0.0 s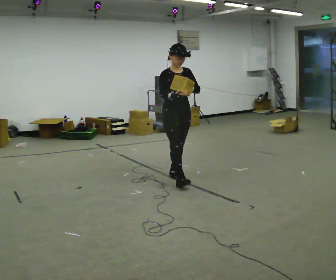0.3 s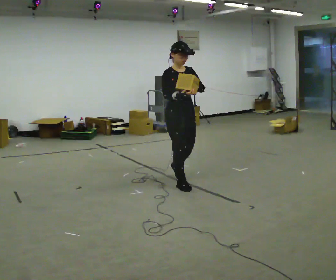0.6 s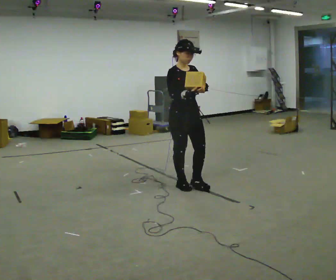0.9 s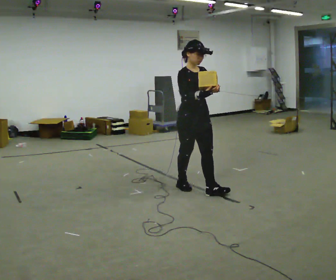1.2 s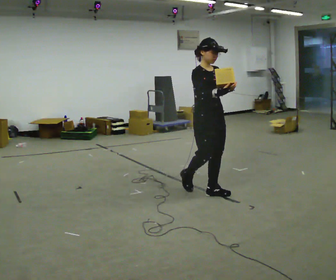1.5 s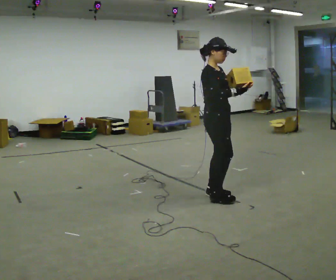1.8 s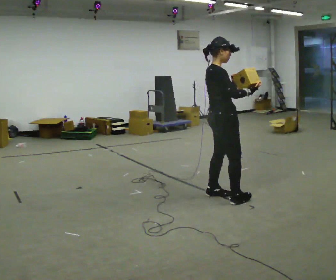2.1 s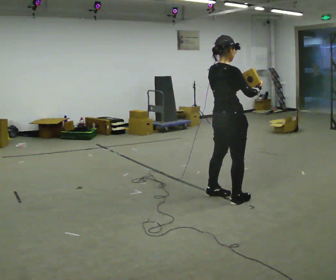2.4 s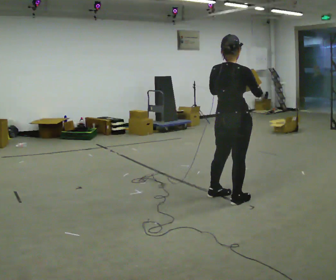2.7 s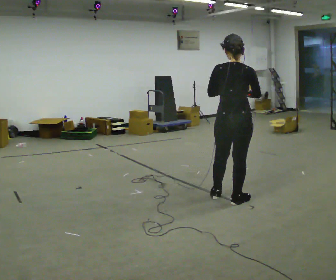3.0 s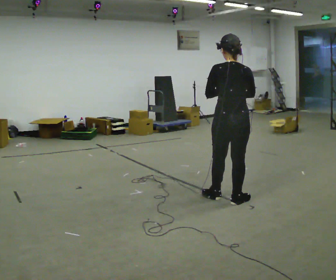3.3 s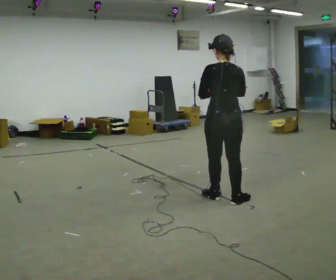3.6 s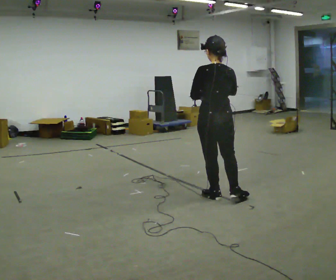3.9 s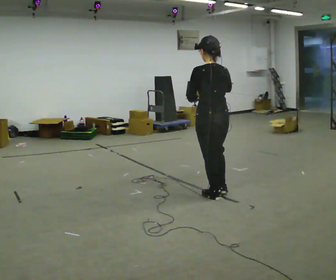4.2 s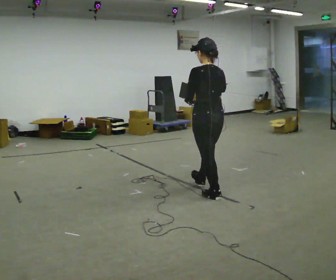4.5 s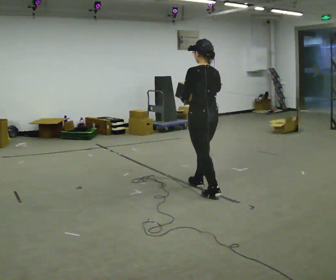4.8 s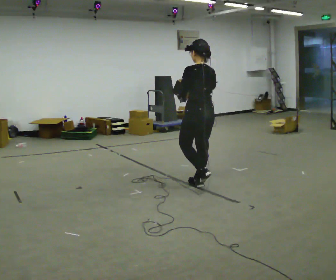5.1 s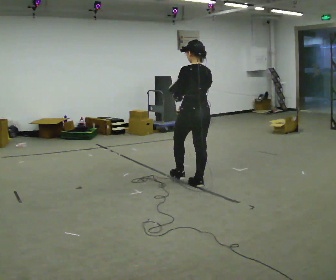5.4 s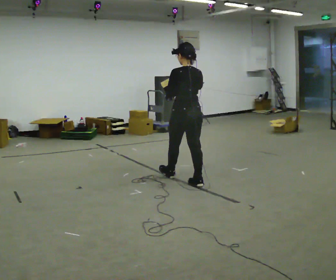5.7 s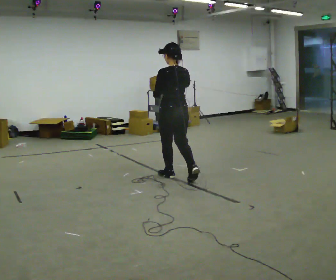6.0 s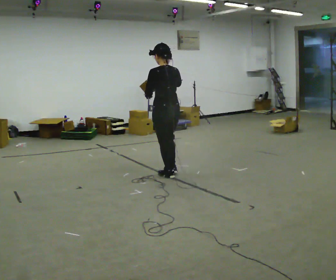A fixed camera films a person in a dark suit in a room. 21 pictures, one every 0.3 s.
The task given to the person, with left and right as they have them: Carry the object and, while walking, turn it over in your hands to look at all sides of it. Keep turning it as you walk.
0.0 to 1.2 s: In the picture they go to the right and toward the camera, about 0.5 m in 1 step, which for them is forward.
1.2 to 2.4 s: The person turns about 105 degrees to their left, counterclockwise seen from above, so the part of the body nearest the lens slides to the right. In the picture they go to the right and toward the camera, about 0.25 m in 1 step.
2.4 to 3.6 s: The person turns about 45 degrees to their left, counterclockwise seen from above, so the part of the body nearest the lens slides to the right. In the picture they go to the left, about 0.25 m in 1 step, which for them is to their left. In the picture their right hand goes to the left.
3.6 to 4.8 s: In the picture they go away from the camera and to the left, about 0.5 m in 1 step, which for them is forward.
4.8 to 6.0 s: In the picture they go to the left and away from the camera, about 0.5 m in 1 step, which for them is forward.
The film runs forward here.
